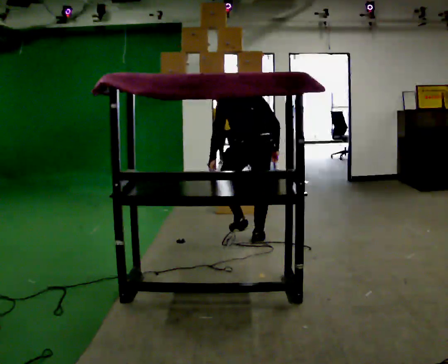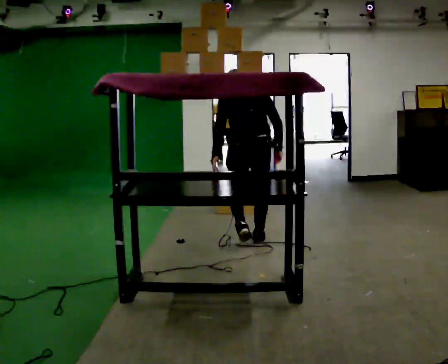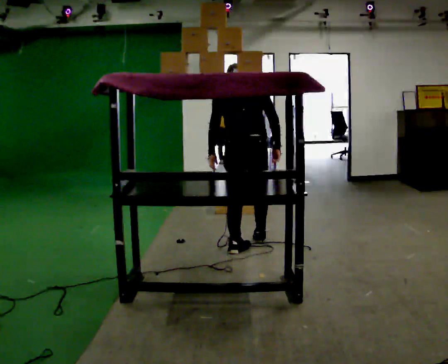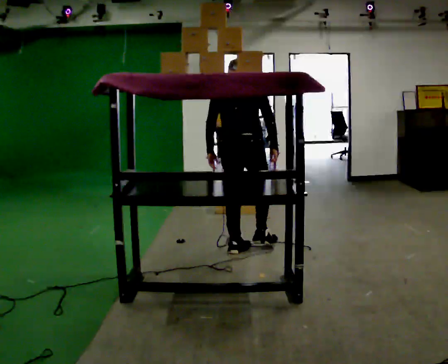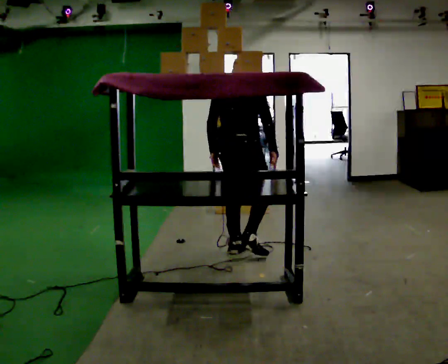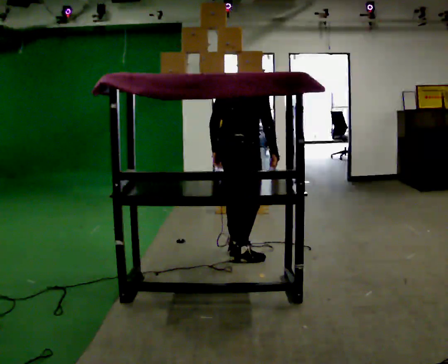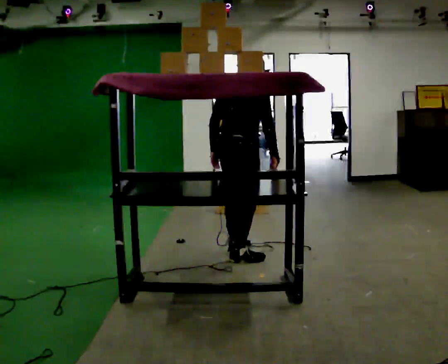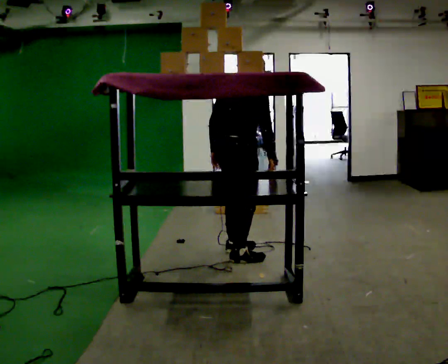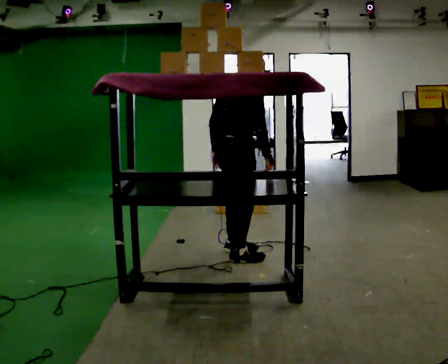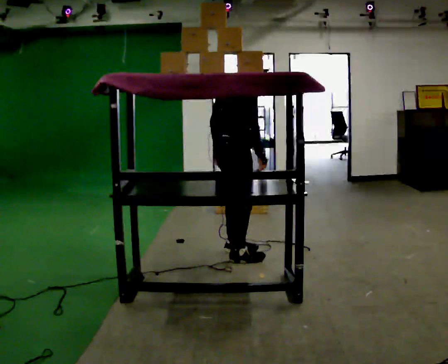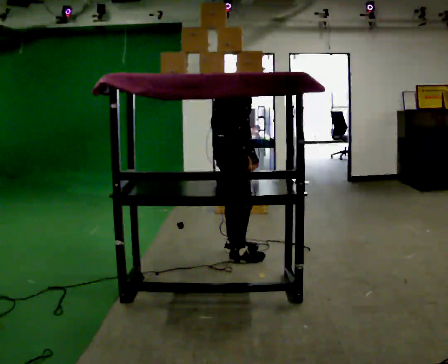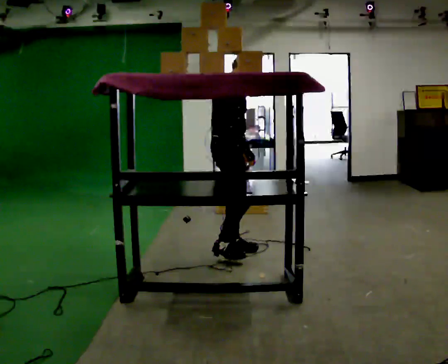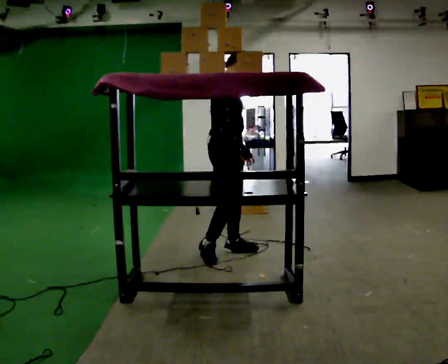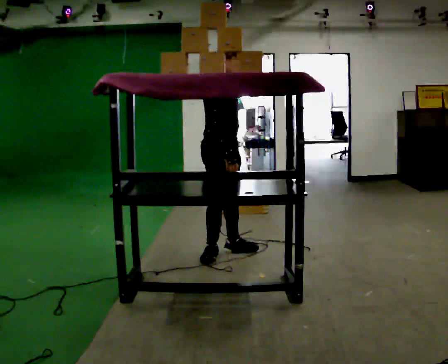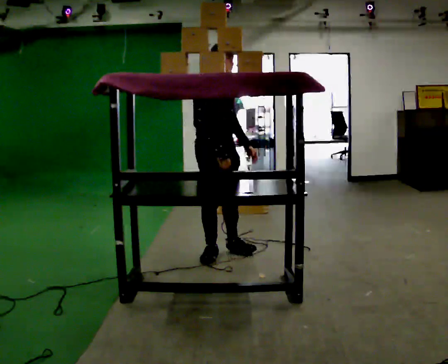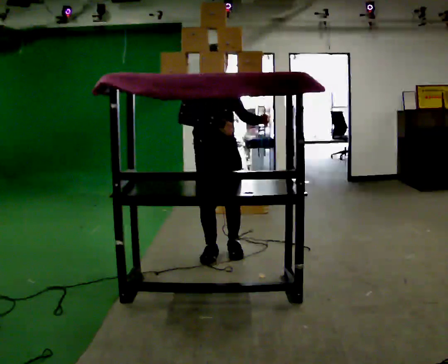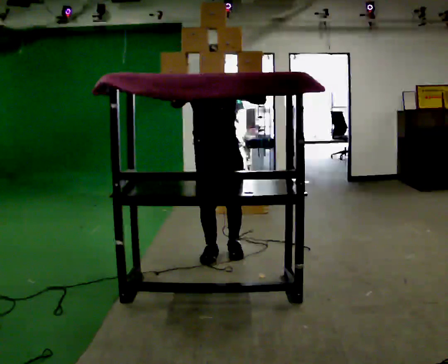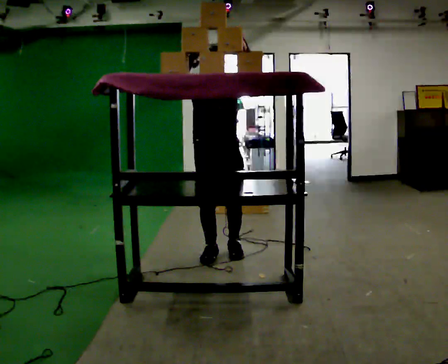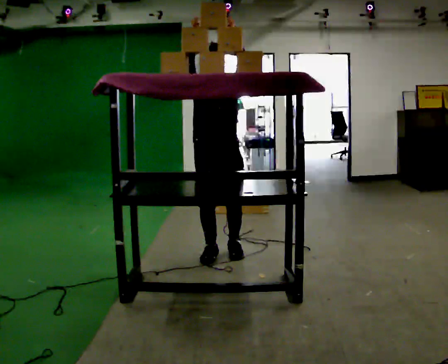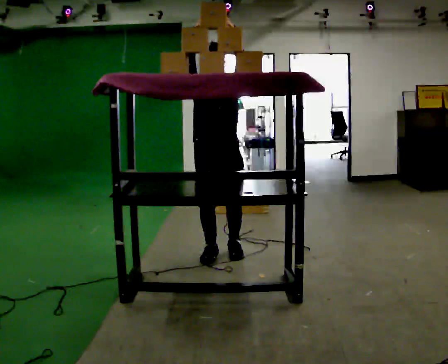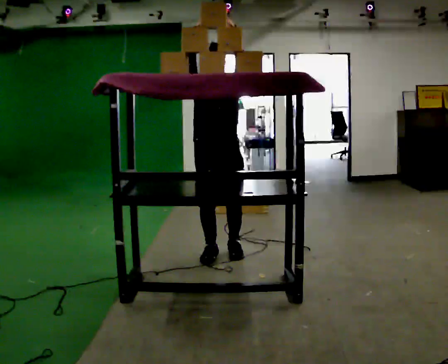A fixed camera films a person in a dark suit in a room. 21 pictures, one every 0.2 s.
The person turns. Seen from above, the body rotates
clockwise.
Their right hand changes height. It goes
upward.
0.0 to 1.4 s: The part of the body nearest the lens slides to the left as the person turns to their right by about 60 degrees. In the picture they go toward the camera and to the left, about 0.5 m in 1 step. In the picture the upper body tilts clockwise, shoulders to the right, as they lean back or straighten.
1.4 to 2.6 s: The part of the body nearest the lens slides to the left as the person turns to their right by about 60 degrees.
2.6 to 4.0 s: The part of the body nearest the lens slides to the left as the person turns to their right by about 60 degrees. In the picture their left hand goes upward, the arm swinging counterclockwise.
The film runs backward here.
